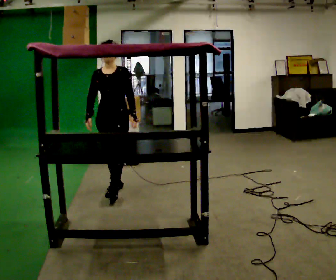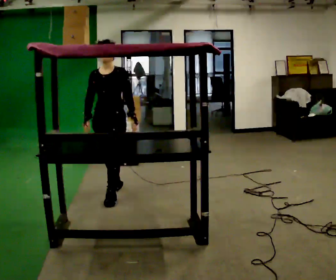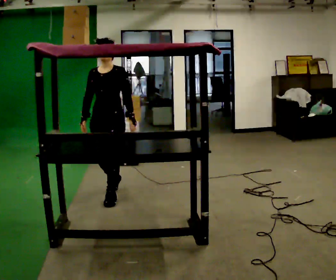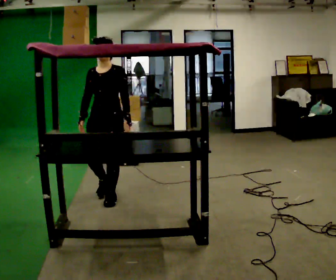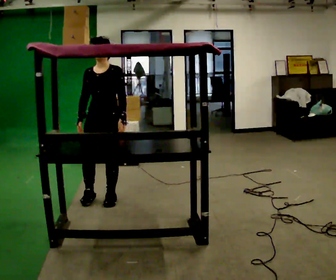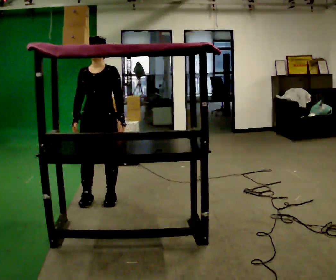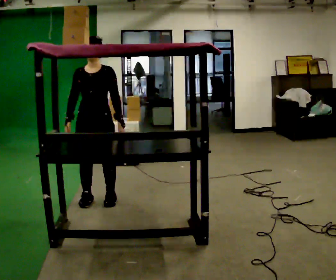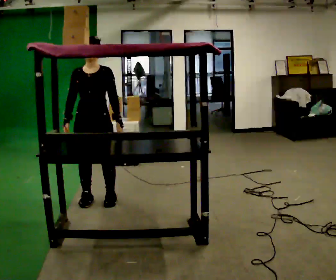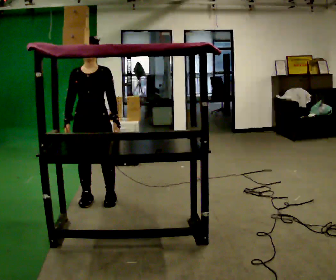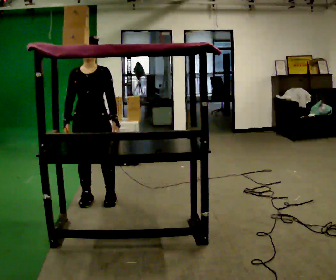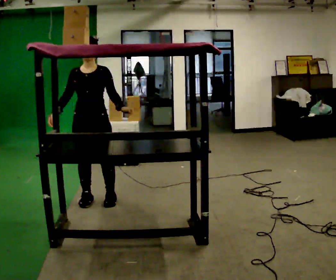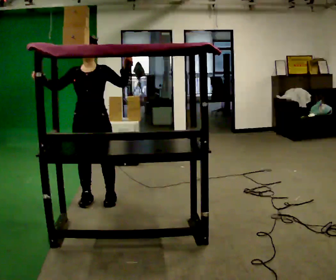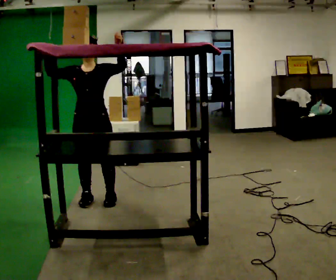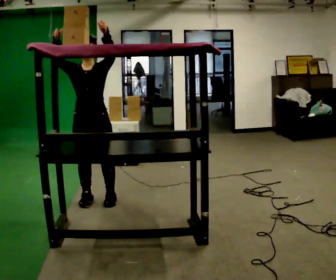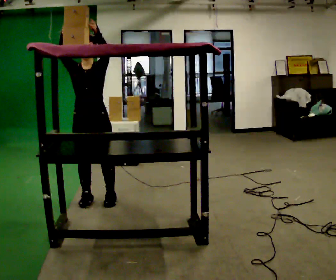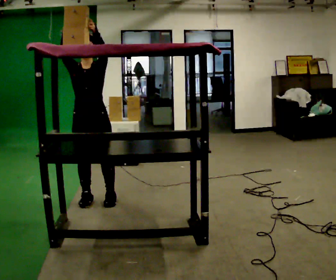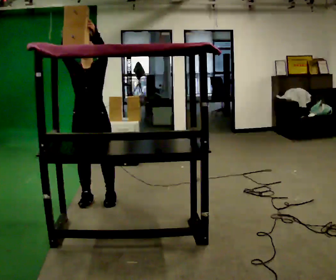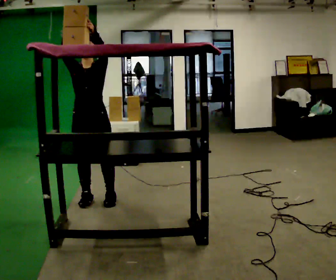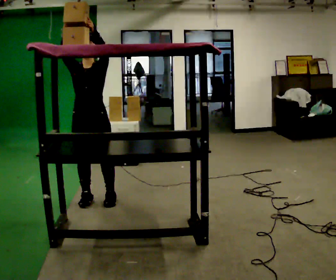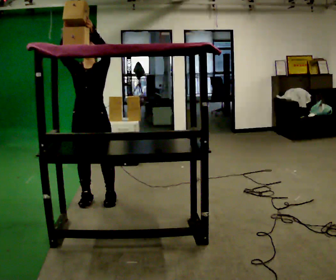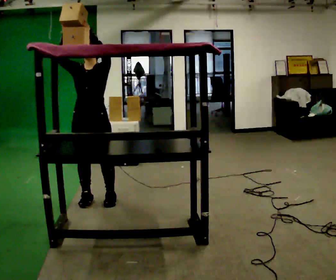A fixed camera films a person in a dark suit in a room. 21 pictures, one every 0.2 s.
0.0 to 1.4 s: In the picture they go toward the camera and to the left, about 0.5 m in 2 steps, which for them is forward.
1.4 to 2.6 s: In the picture their left hand goes upward.
2.6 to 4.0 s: The person moves a little, or ends about where they began.
The film runs forward here.
